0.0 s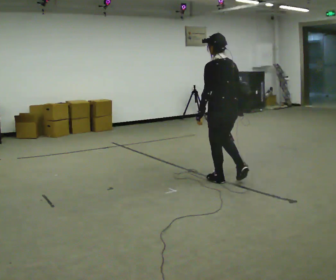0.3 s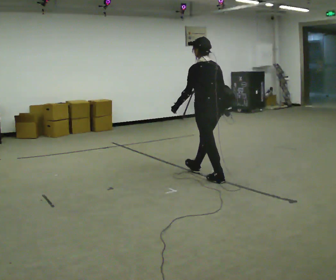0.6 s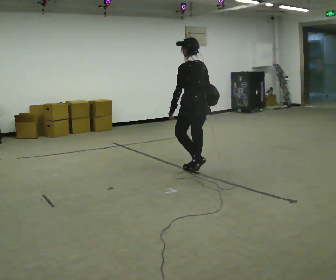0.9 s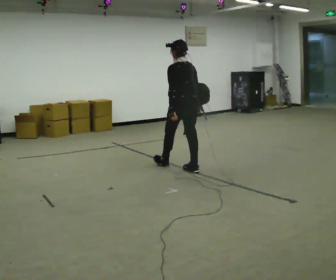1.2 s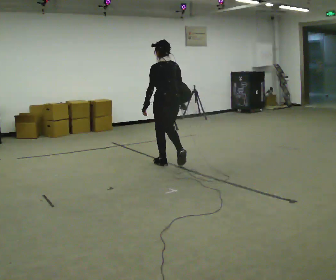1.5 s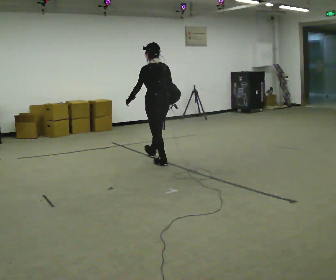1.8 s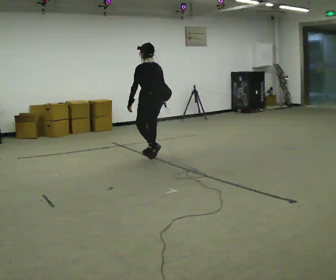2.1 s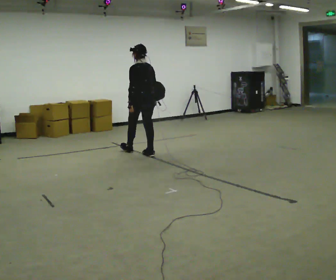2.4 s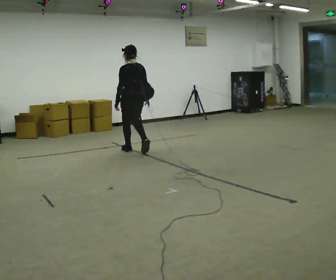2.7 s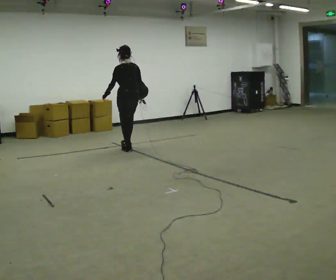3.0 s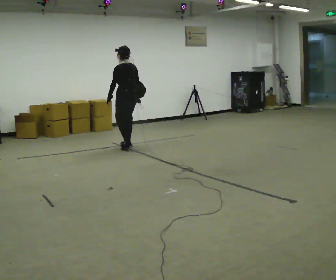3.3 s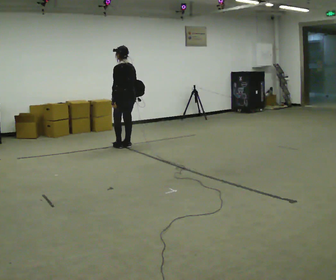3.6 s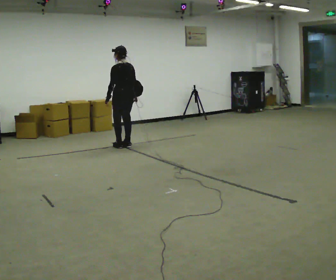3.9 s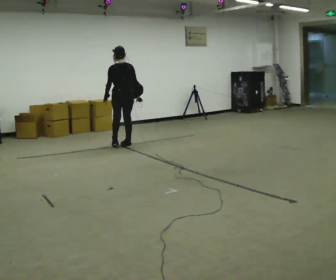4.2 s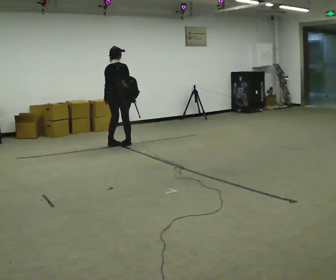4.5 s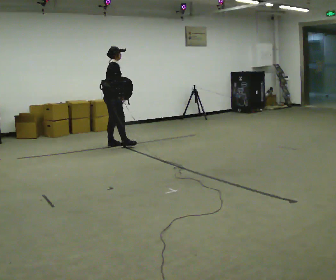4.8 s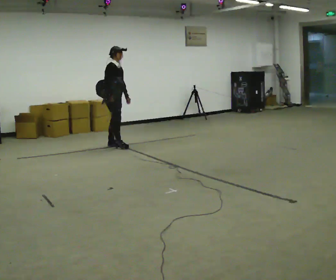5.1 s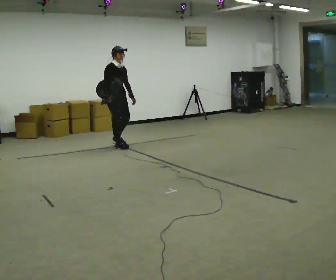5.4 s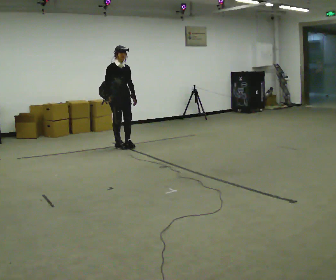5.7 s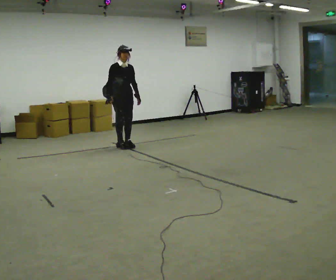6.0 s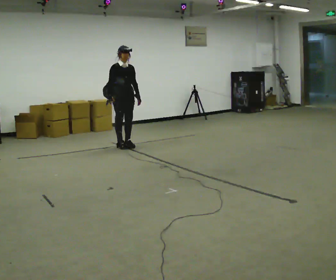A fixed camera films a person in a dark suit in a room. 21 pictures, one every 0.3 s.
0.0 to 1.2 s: In the picture they go away from the camera and to the left, about 1 m in 2 steps, which for them is forward.
1.2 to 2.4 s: In the picture they go away from the camera and to the left, about 1 m in 2 steps, which for them is forward.
2.4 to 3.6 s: In the picture they go away from the camera, about 0.5 m in 2 steps, which for them is forward.
3.6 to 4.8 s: The part of the body nearest the lens slides to the left as the person turns to their right by about 150 degrees. In the picture they go to the left, about 0.25 m in 2 steps. In the picture their right hand goes to the left.
4.8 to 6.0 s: Seen from above the body turns clockwise, about 45 degrees: to their right, with its near side sliding to the left. In the picture they go to the right, about 0.25 m in 1 step, which for them is to their left.
The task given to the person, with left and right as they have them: Put the soft bag up onto your shoulder and carry it across the room, back and forth.
The film runs forward here.
